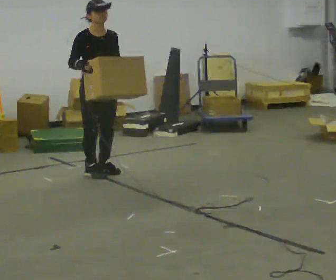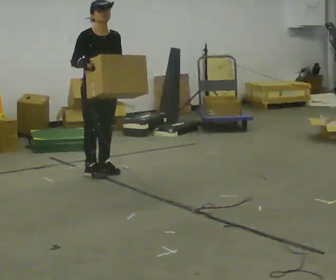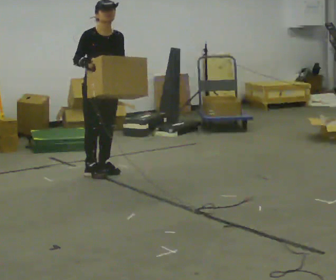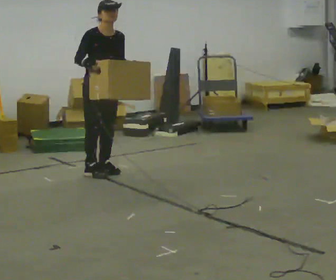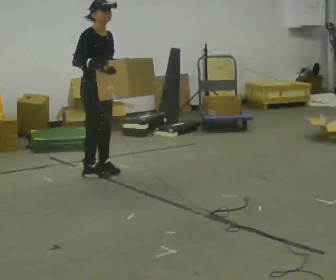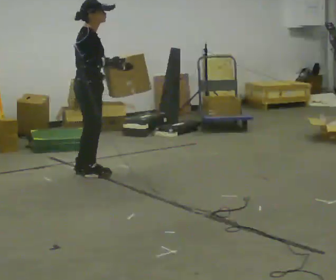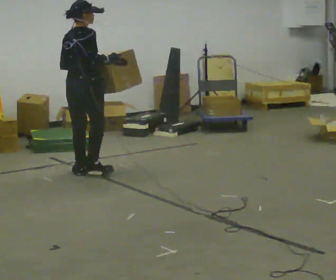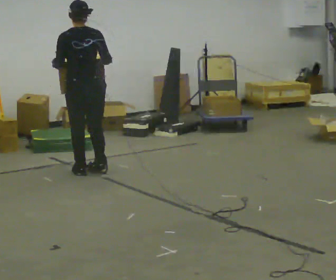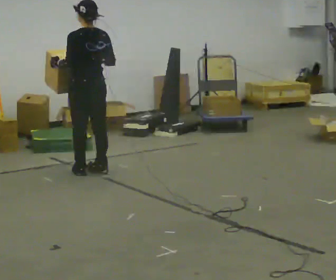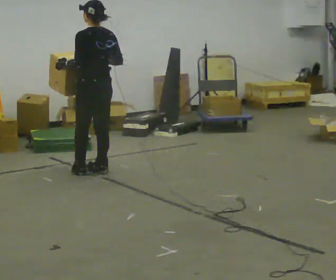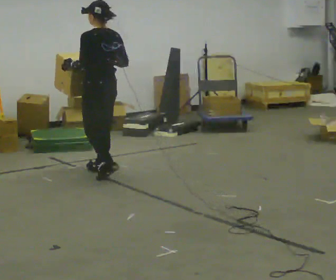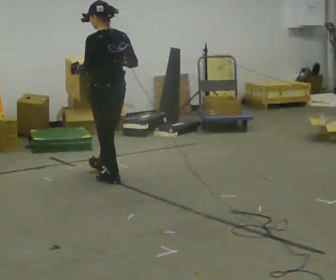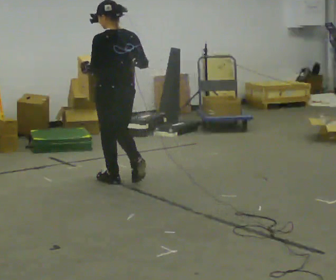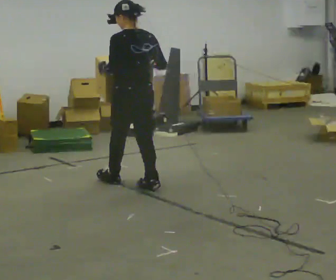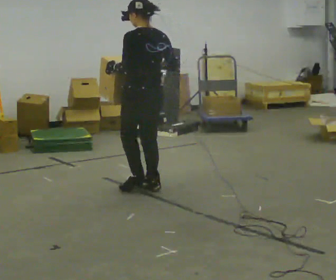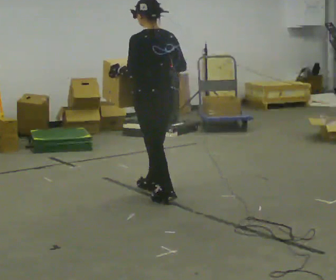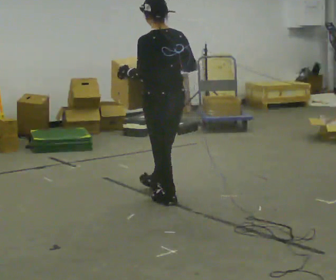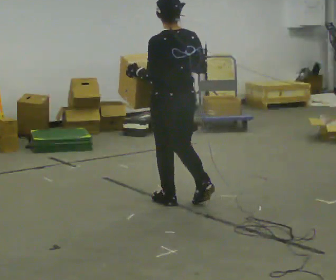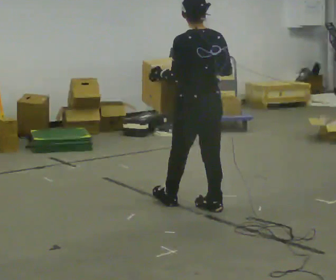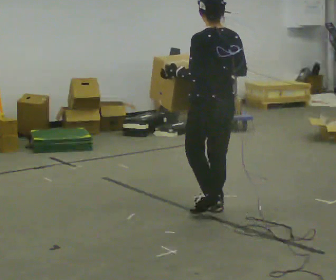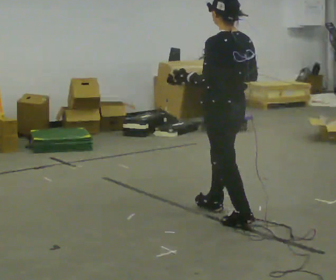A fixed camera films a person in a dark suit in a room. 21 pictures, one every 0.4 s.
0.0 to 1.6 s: Seen from above the body turns counterclockwise, about 30 degrees: to their left, with its near side sliding to the right.
1.6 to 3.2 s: The person turns about 150 degrees to their left, counterclockwise seen from above, so the part of the body nearest the lens slides to the right.
3.2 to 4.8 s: In the picture they go toward the camera and to the right, about 0.5 m in 2 steps, which for them is backward.
4.8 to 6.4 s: In the picture they go toward the camera and to the right, about 0.75 m in 2 steps, which for them is backward.
6.4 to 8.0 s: In the picture they go toward the camera and to the right, about 0.5 m in 1 step, which for them is backward.
The film runs backward here.
